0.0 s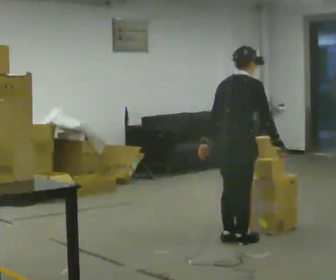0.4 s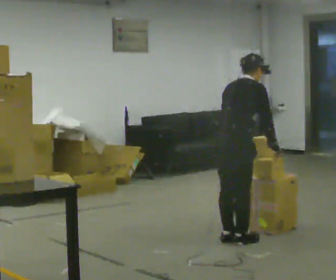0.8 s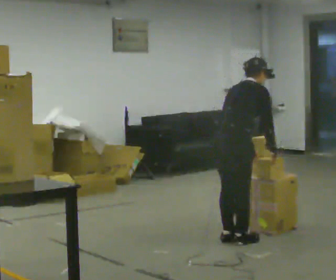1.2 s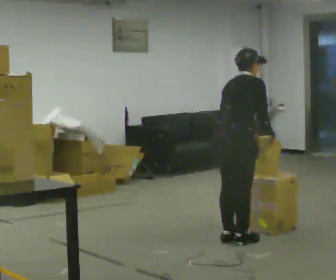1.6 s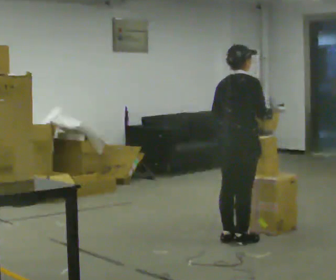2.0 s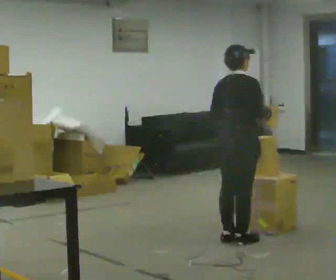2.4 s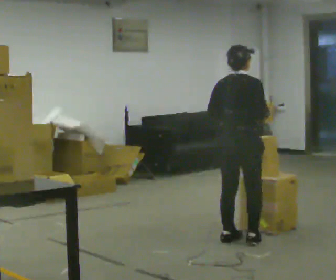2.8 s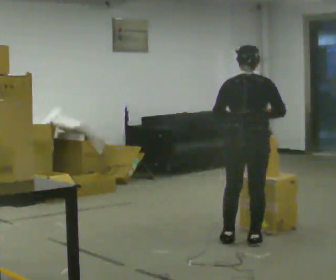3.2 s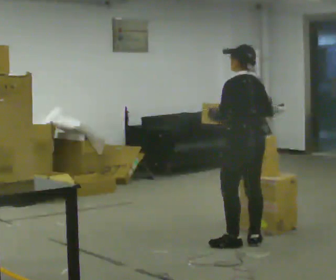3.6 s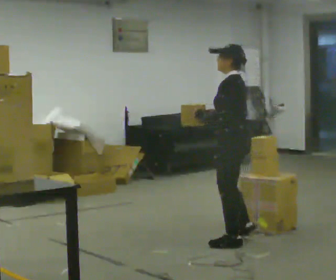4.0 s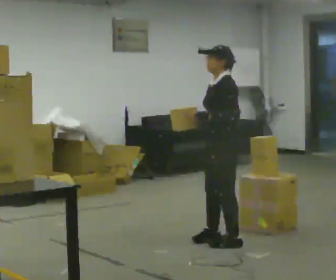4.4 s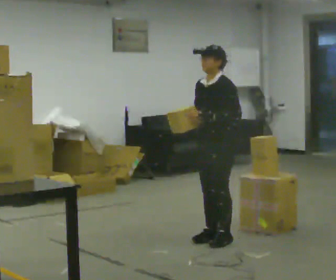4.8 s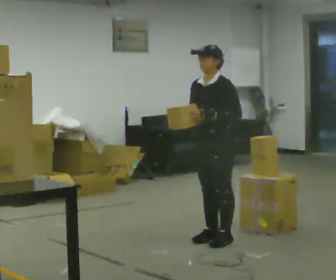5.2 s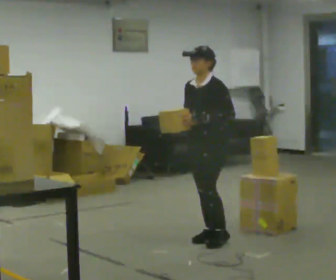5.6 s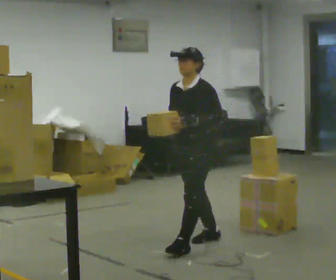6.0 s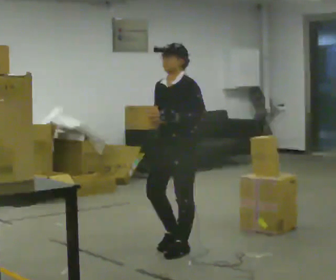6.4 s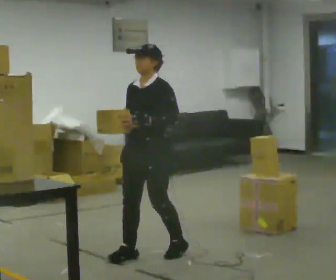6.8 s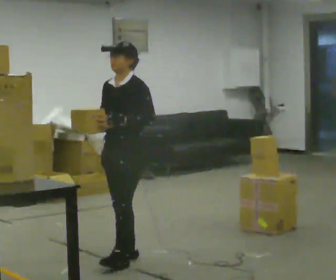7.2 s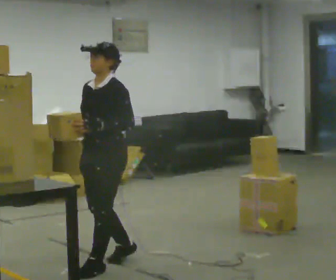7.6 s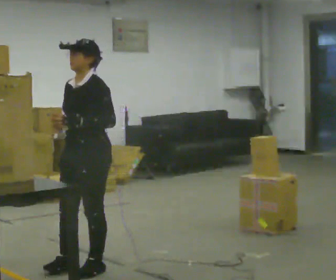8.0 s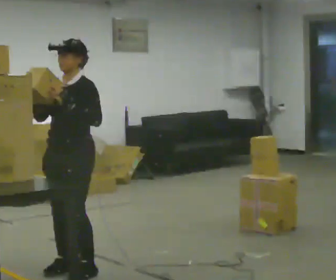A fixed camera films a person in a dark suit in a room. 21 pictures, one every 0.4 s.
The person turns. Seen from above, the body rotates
counterclockwise.
The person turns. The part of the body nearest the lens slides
to the right.
0.0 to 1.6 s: The person moves a little, or ends about where they began.
1.6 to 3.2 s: The person turns about 90 degrees to their left, counterclockwise seen from above, so the part of the body nearest the lens slides to the right.
3.2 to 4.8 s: Seen from above the body turns counterclockwise, about 90 degrees: to their left, with its near side sliding to the right. In the picture they go to the left, about 0.25 m in 2 steps.
4.8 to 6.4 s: In the picture they go toward the camera and to the left, about 0.75 m in 2 steps, which for them is forward.
6.4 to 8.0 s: In the picture they go toward the camera and to the left, about 0.75 m in 2 steps, which for them is forward.
The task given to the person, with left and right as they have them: Take an object down from the highest shelf you can comfortably reach, carry it across, and place it on the waist-height shelf. Keep going until the operator says stop; one object at a time, and do not rush between trips.
The film runs forward here.
